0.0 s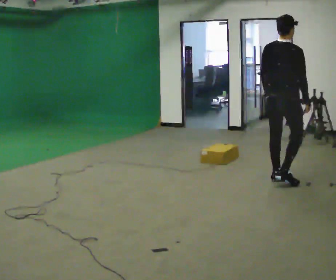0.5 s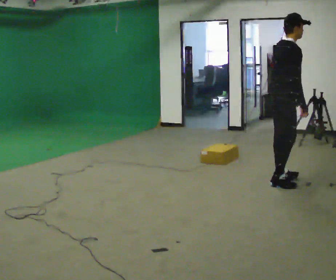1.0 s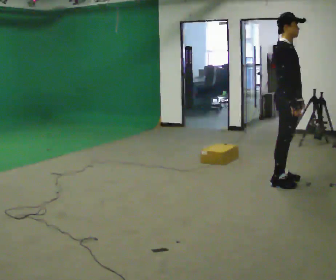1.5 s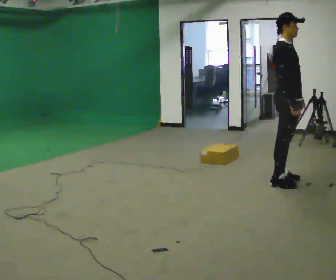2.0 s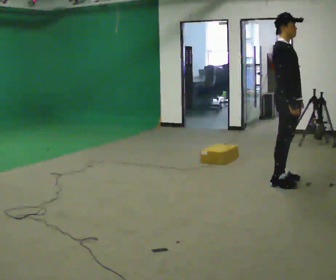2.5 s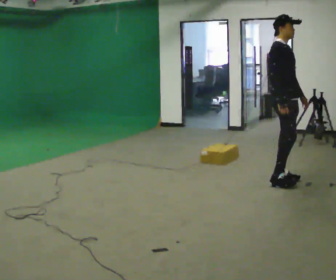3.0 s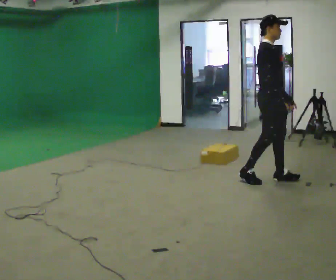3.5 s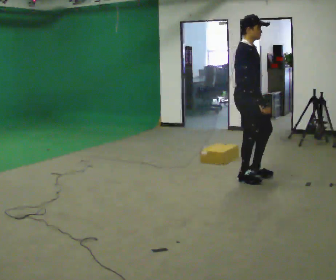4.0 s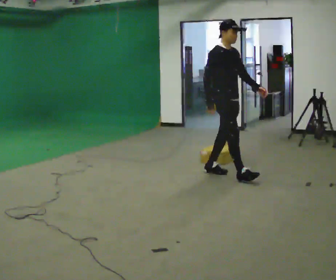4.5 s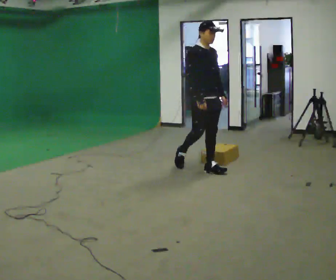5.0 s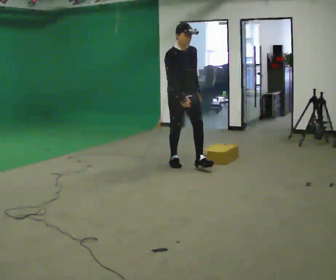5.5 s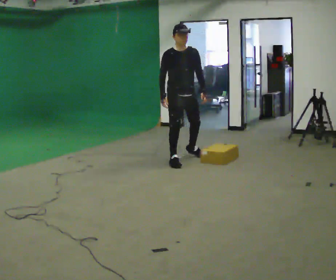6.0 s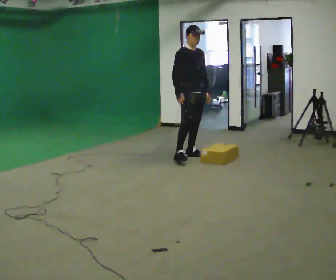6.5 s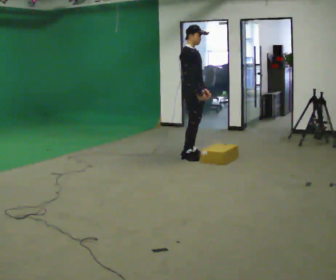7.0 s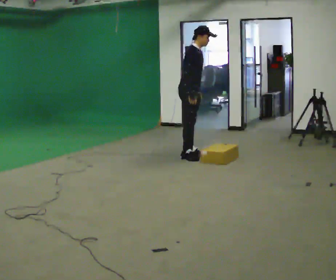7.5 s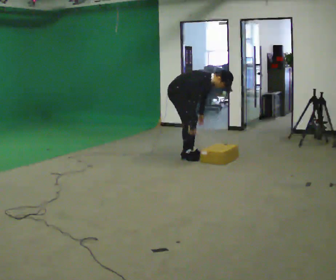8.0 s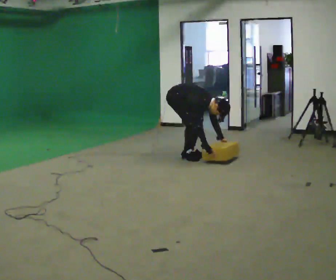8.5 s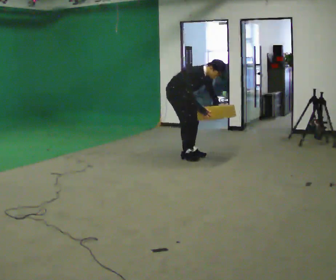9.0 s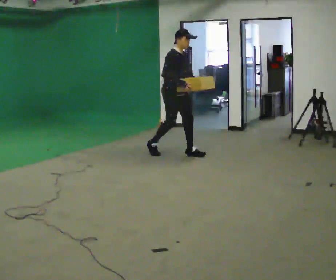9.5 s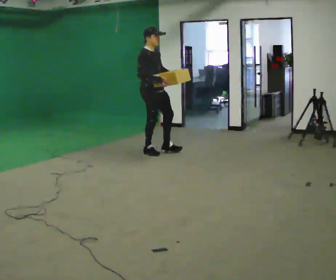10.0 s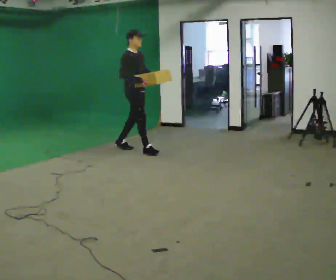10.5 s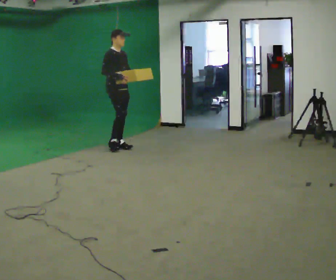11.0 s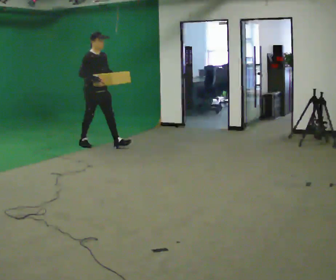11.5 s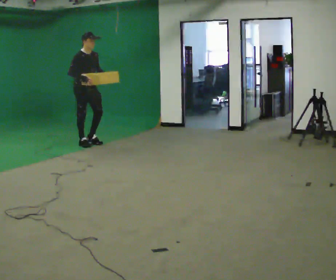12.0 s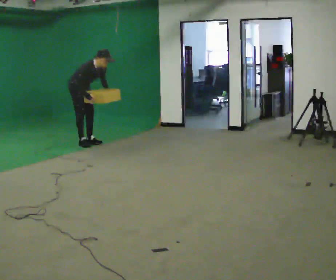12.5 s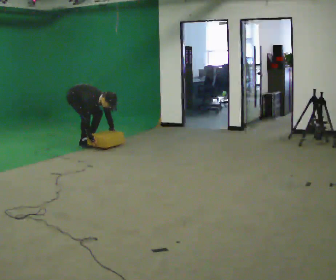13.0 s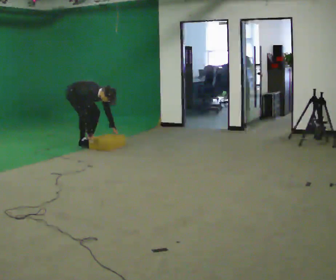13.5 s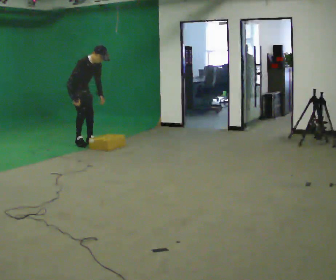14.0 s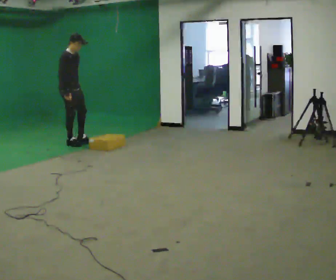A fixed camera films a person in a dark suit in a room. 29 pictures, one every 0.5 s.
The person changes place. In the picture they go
to the left.
0.0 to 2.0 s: The person turns about 75 degrees to their right, clockwise seen from above, so the part of the body nearest the lens slides to the left. In the picture their left hand goes to the right.
2.0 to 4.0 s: In the picture they go to the left and away from the camera, about 0.75 m in 2 steps, which for them is backward.
4.0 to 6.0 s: In the picture they go away from the camera and to the left, about 1 m in 3 steps, which for them is backward.
6.0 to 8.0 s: The part of the body nearest the lens slides to the right as the person turns to their left by about 30 degrees. The upper body goes downward. In the picture the upper body tilts clockwise, shoulders to the right, as they bend forward. In the picture their left hand goes downward.
8.0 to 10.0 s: In the picture they go to the left and away from the camera, about 0.75 m in 2 steps, which for them is backward. The upper body goes upward. In the picture the upper body tilts counterclockwise, shoulders to the left, as they lean back or straighten. In the picture their right hand goes upward.
10.0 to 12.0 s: In the picture they go to the left and away from the camera, about 1 m in 2 steps, which for them is backward. In the picture the upper body tilts clockwise, shoulders to the right, as they bend forward.
12.0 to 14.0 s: In the picture their right hand goes to the left.
The film runs backward here.
